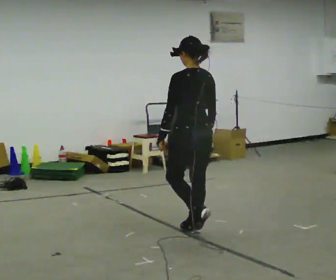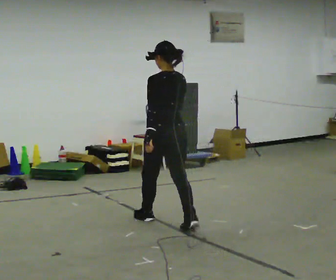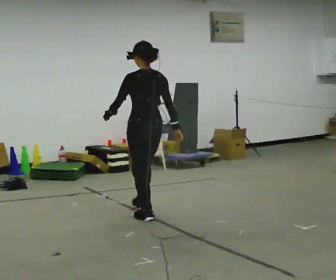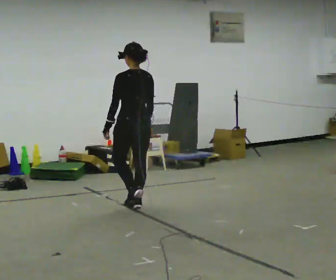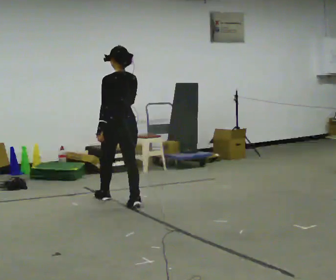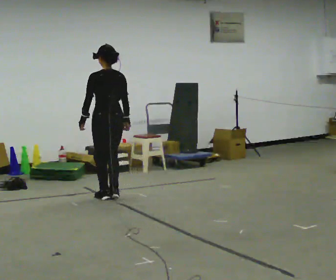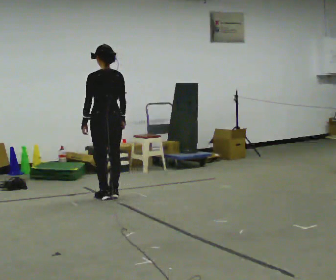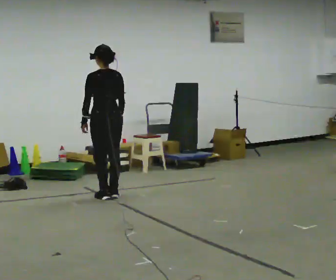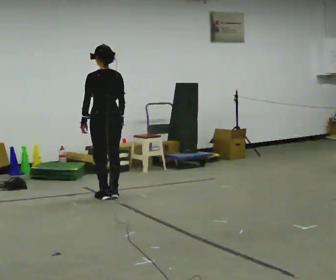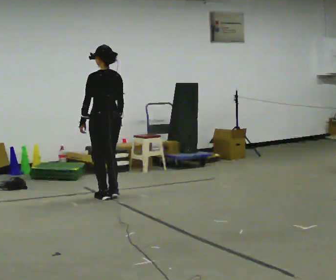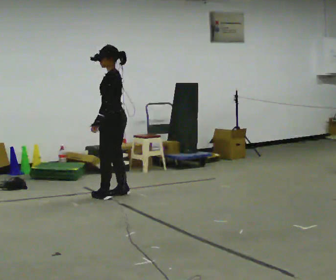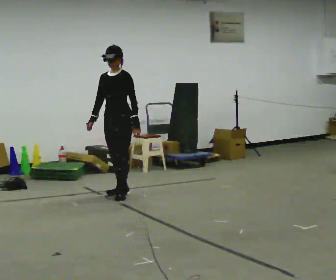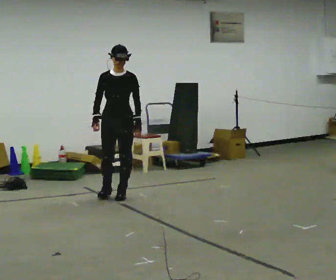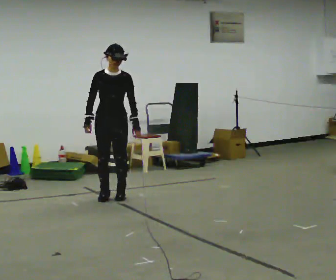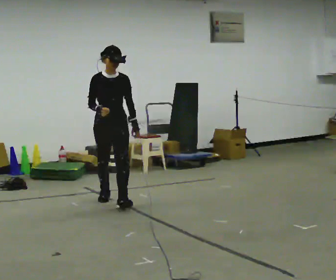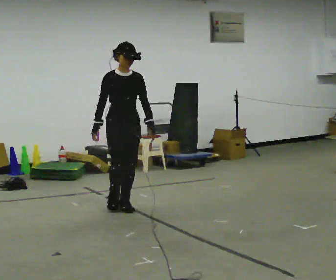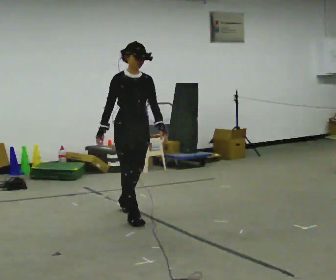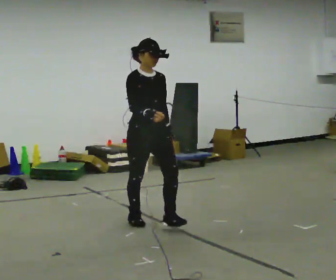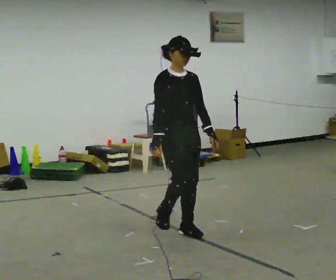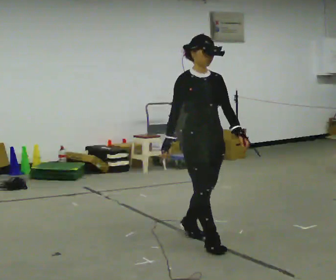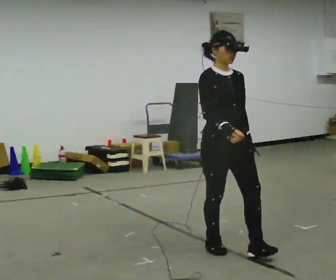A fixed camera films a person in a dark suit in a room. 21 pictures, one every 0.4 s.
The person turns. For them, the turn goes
to their left.
The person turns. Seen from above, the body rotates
counterclockwise.
0.0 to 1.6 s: In the picture they go away from the camera and to the left, about 1.5 m in 3 steps, which for them is forward.
1.6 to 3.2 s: In the picture they go away from the camera, about 0.25 m in 1 step, which for them is forward.
3.2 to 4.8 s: The person turns about 150 degrees to their left, counterclockwise seen from above, so the part of the body nearest the lens slides to the right.
4.8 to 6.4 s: The person turns about 30 degrees to their left, counterclockwise seen from above, so the part of the body nearest the lens slides to the right. In the picture they go toward the camera, about 1 m in 3 steps, which for them is forward.
6.4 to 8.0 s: In the picture they go toward the camera and to the right, about 1.5 m in 2 steps, which for them is forward.
The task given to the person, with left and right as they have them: Start still; walk straight at normal comfortable speed; stop at endpoint.
The film runs forward here.
